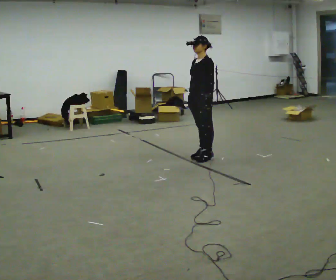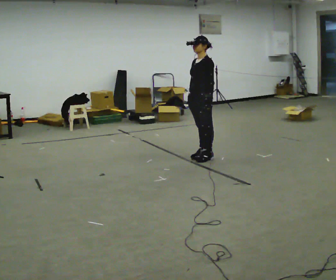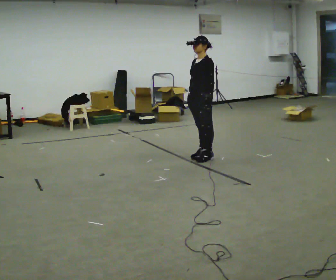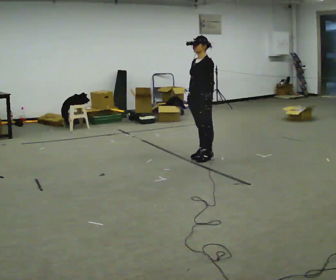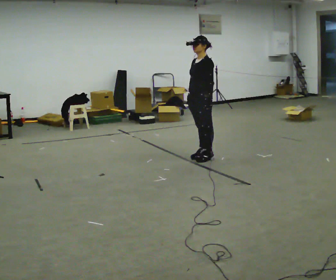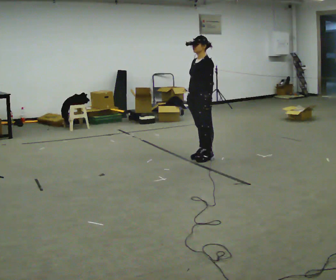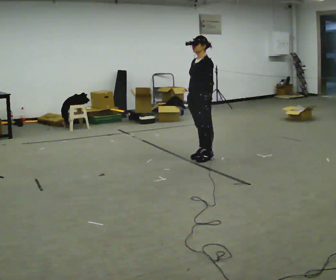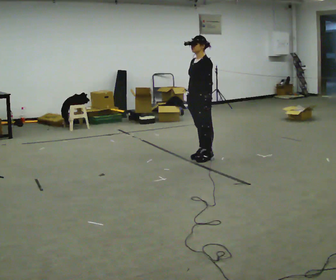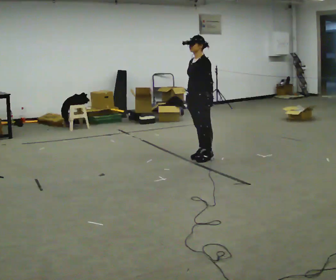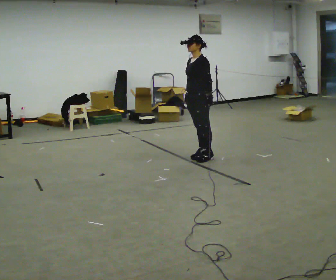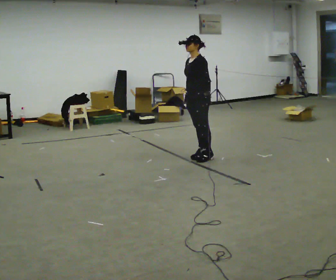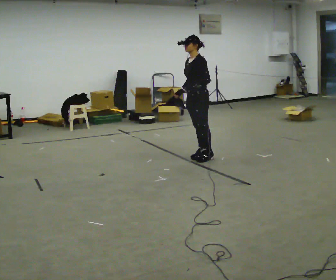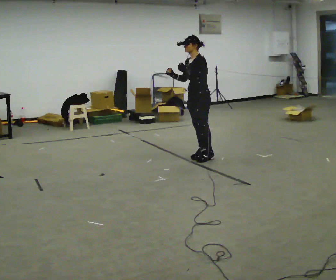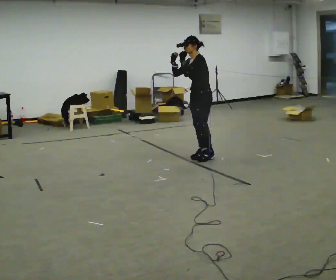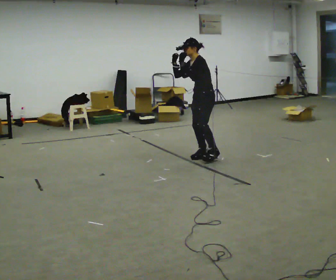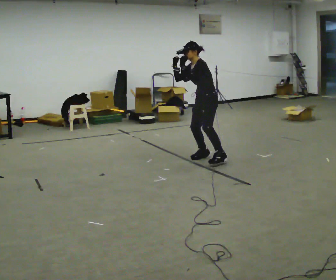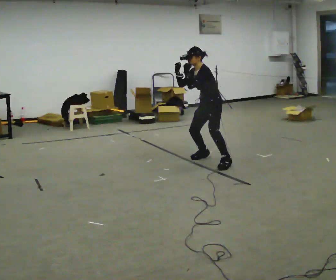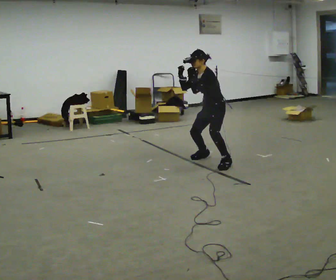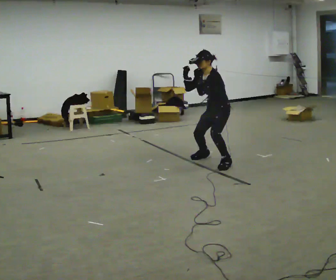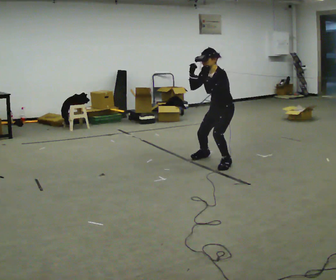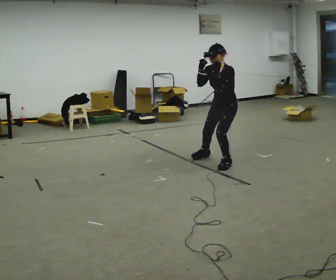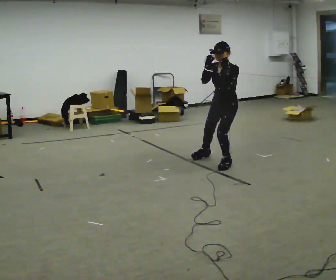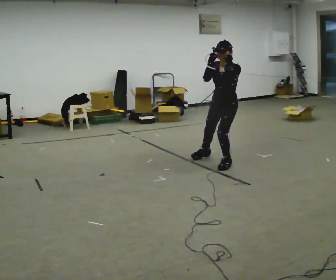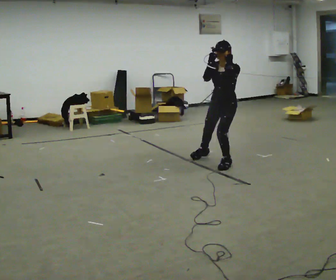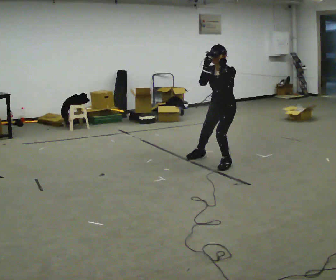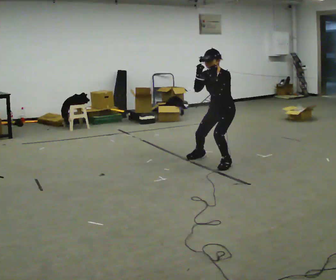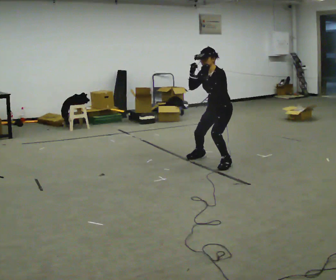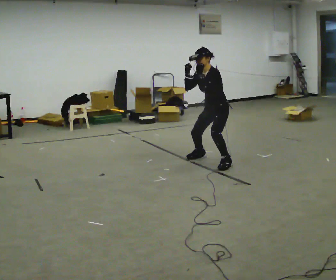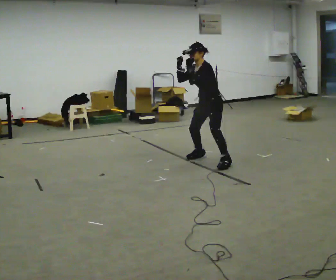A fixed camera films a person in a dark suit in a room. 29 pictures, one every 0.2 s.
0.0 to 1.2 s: The person keeps their place and pose.
1.2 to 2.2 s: The person moves a little, or ends about where they began.
2.2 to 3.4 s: In the picture they go to the right, about 0.25 m in 1 step, which for them is to their left and backward. The upper body goes downward. In the picture the upper body tilts counterclockwise, shoulders to the left, as they bend forward.
3.4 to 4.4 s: Seen from above the body turns counterclockwise, about 30 degrees: to their left, with its near side sliding to the right. In the picture they go toward the camera, about 0.25 m, which for them is to their left. The upper body tips toward the camera, its near side rolling downward. In the picture their right hand goes to the right.
4.4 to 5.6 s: In the picture they go away from the camera, about 0.25 m, which for them is to their right. In the picture the upper body tilts counterclockwise, shoulders to the left. In the picture their left hand goes to the left.
The film runs backward here.
